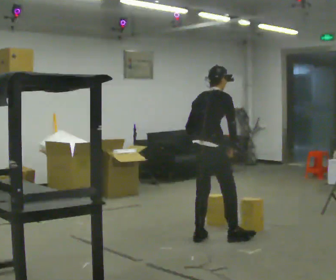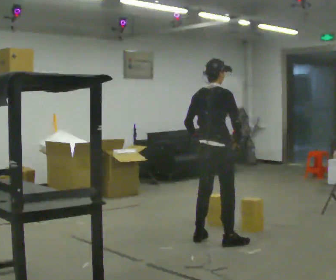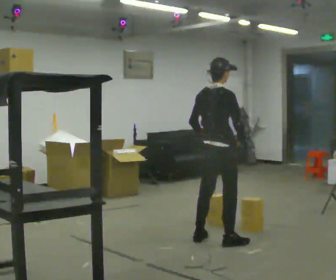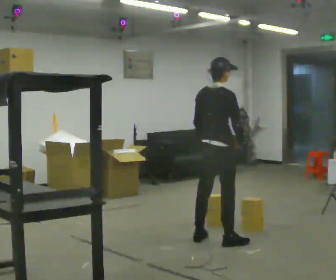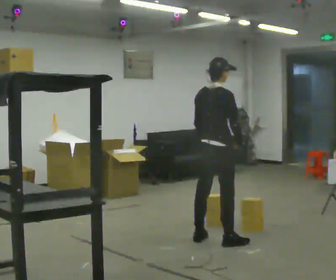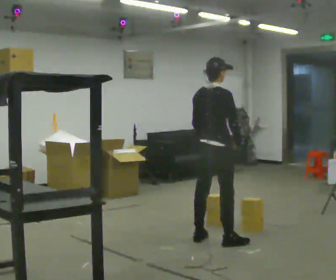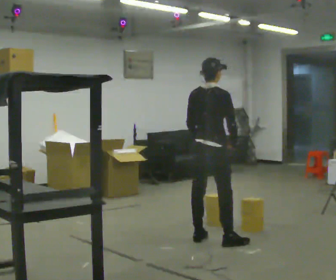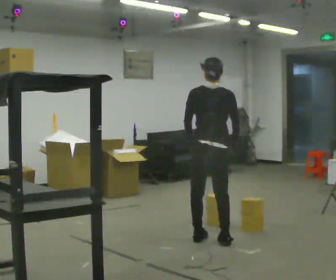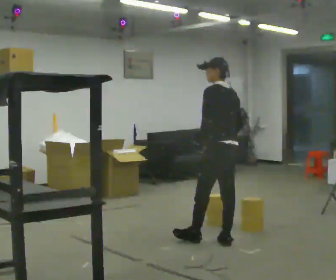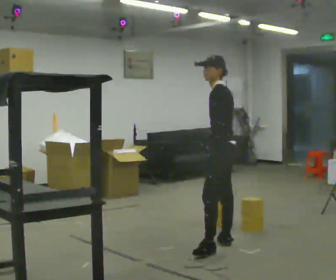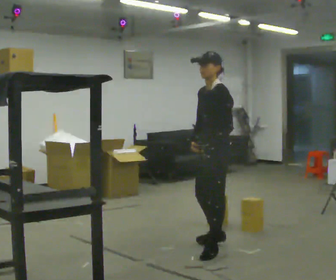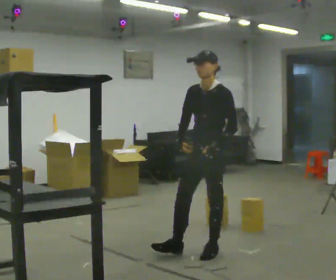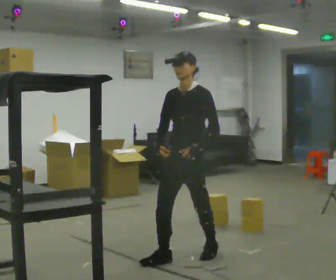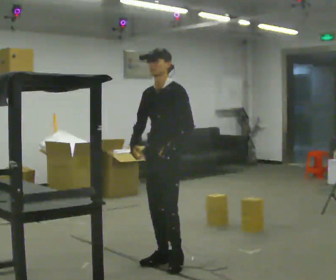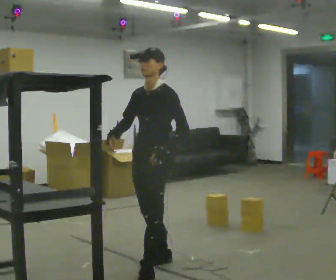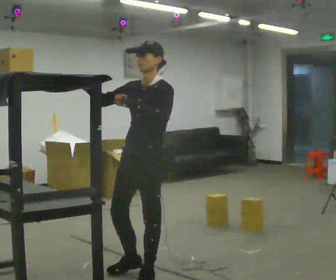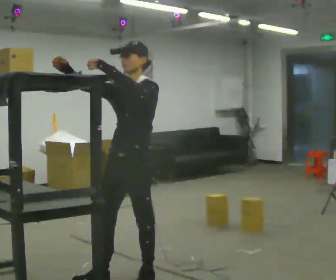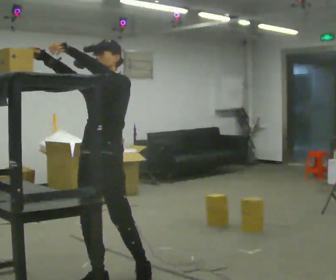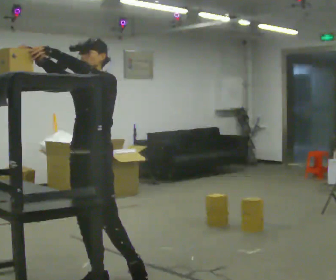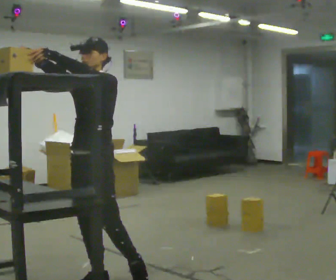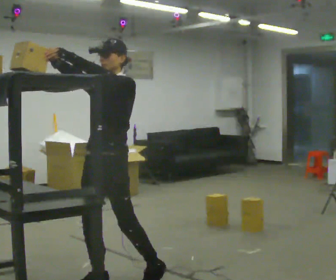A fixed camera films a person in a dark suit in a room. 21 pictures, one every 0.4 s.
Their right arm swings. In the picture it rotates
clockwise.
The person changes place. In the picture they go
toward the camera.
0.0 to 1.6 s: The upper body tips toward the camera, its near side rolling downward, as they lean back or straighten.
1.6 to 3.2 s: Seen from above the body turns counterclockwise, about 90 degrees: to their left, with its near side sliding to the right.
3.2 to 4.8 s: The person turns about 90 degrees to their left, counterclockwise seen from above, so the part of the body nearest the lens slides to the right. In the picture they go toward the camera and to the left, about 0.5 m in 2 steps.
4.8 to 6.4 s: In the picture they go toward the camera and to the left, about 0.75 m in 2 steps, which for them is forward. In the picture their right hand goes upward, the arm swinging clockwise.
6.4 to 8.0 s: The person moves a little, or ends about where they began.
The film runs forward here.
